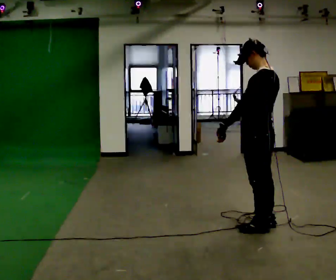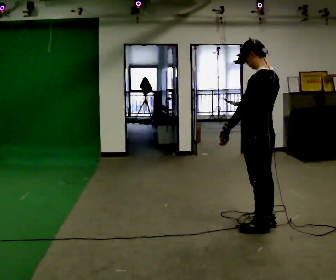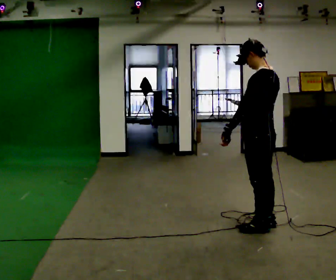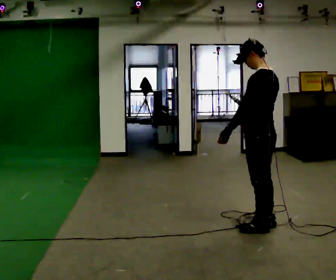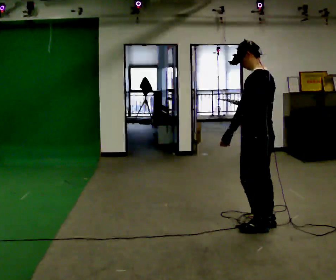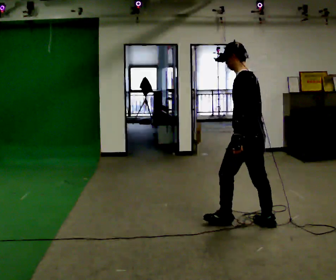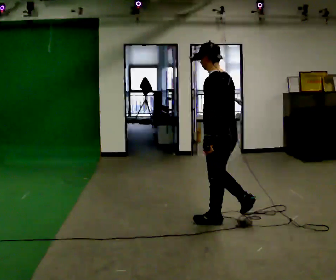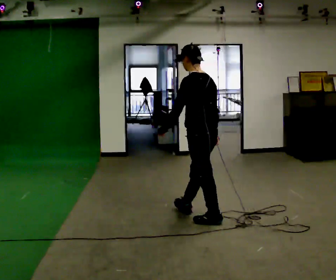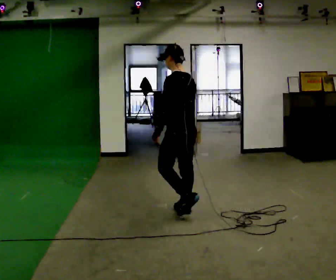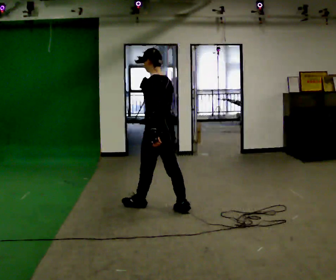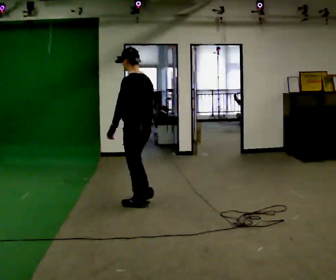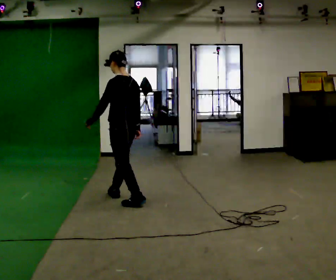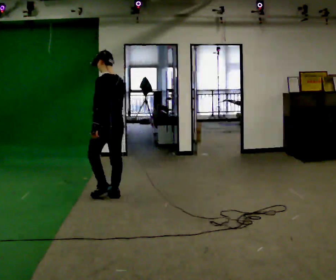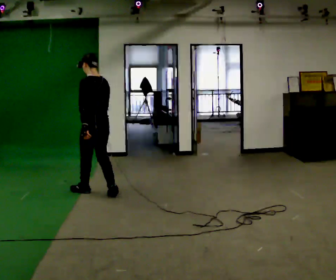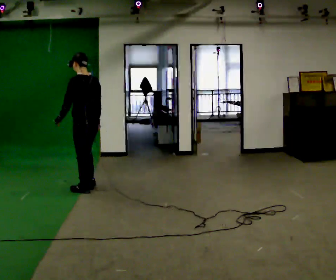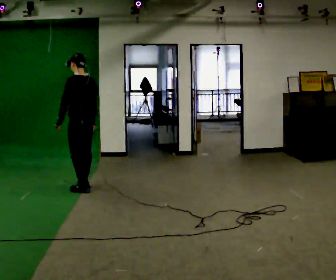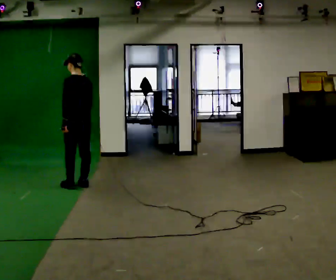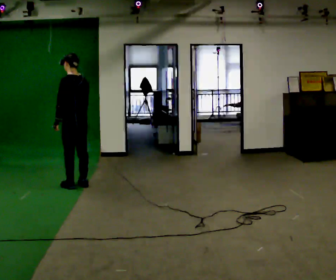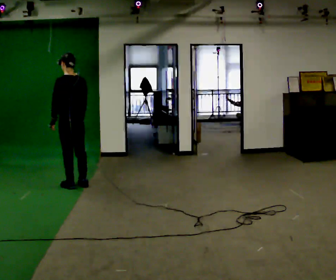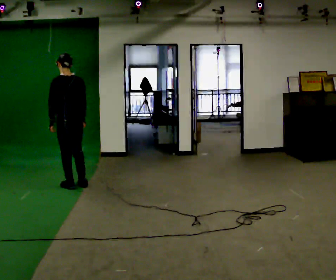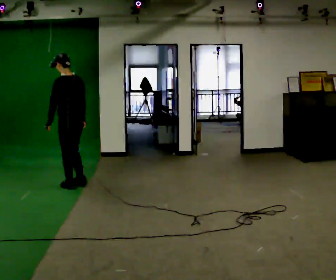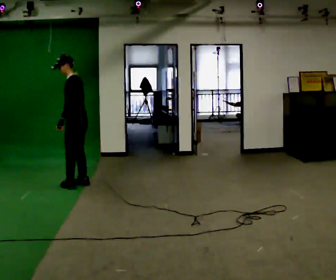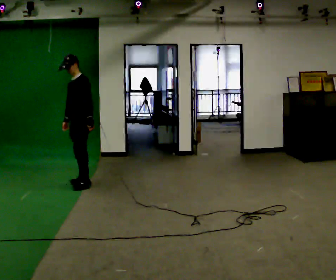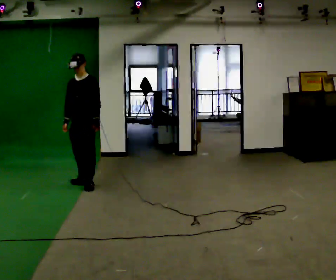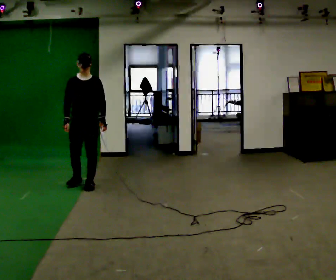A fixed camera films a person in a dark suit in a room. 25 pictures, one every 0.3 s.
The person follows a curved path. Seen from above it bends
clockwise.
0.0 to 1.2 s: The person moves a little, or ends about where they began.
1.2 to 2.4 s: In the picture they go to the left and away from the camera, about 1 m in 2 steps, which for them is forward.
2.4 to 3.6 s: In the picture they go to the left and away from the camera, about 1 m in 2 steps, which for them is forward.
3.6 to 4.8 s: In the picture they go away from the camera and to the left, about 0.75 m in 2 steps, which for them is forward.
4.8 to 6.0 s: The person moves a little, or ends about where they began.
6.0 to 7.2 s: The part of the body nearest the lens slides to the right as the person turns to their left by about 135 degrees. In the picture they go to the right, about 0.25 m in 1 step.
The film runs forward here.
